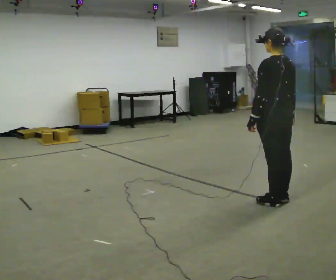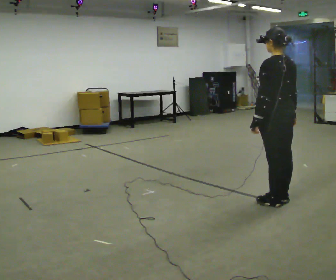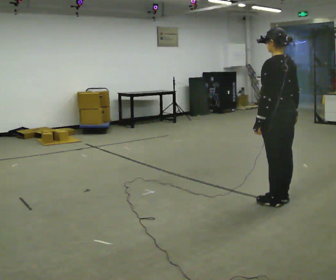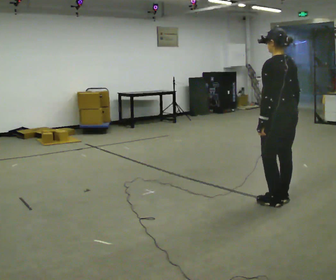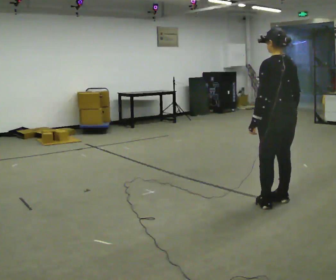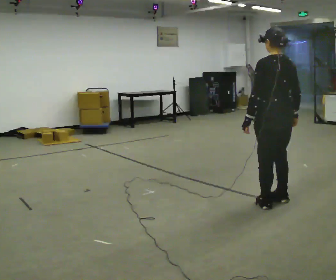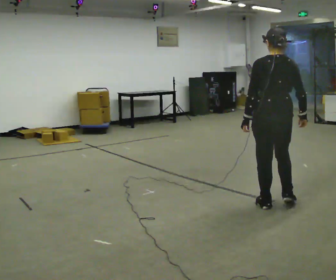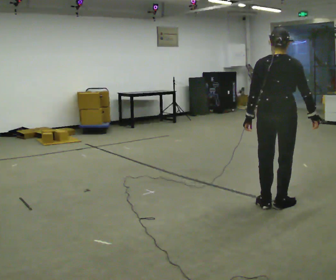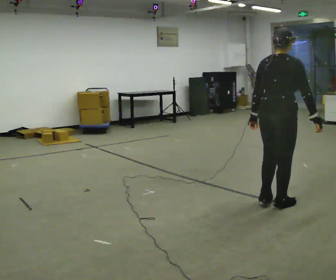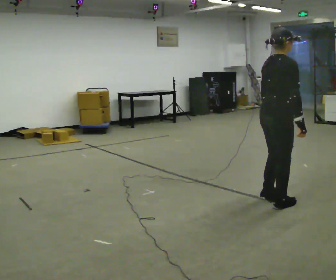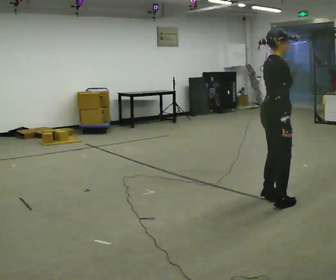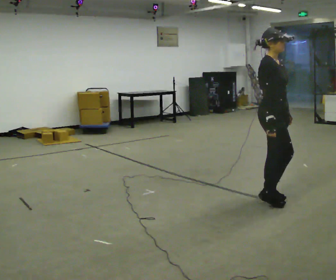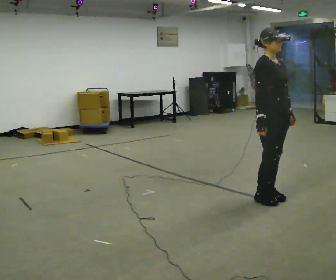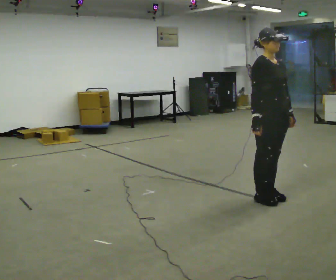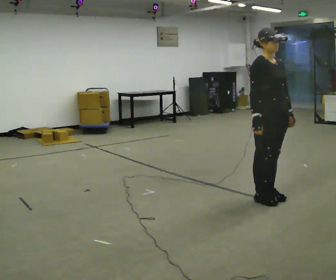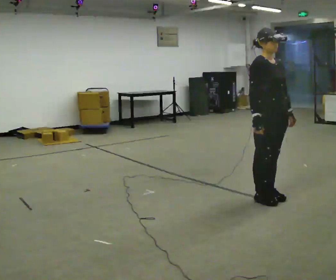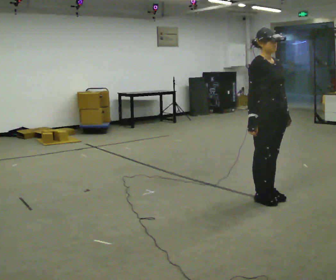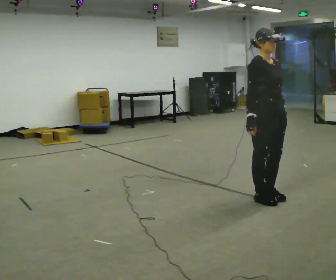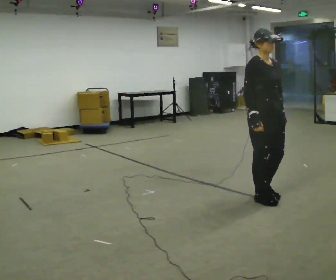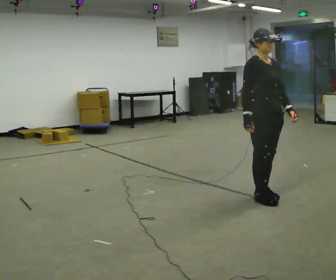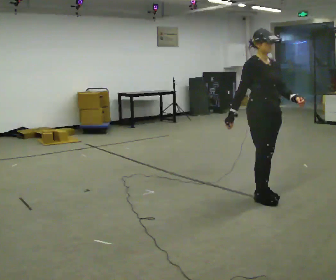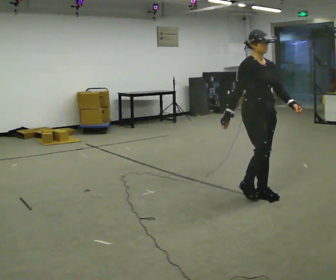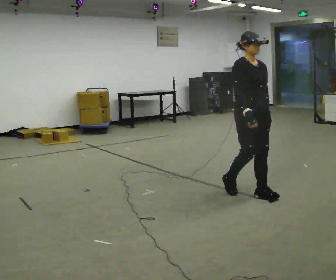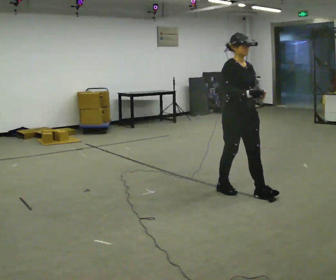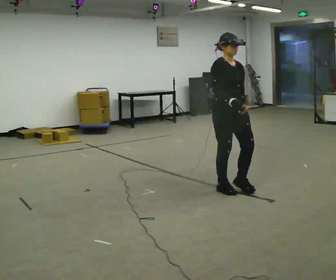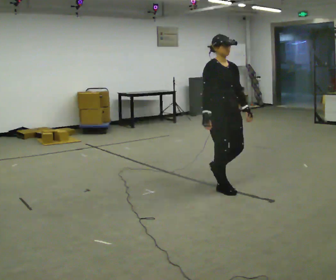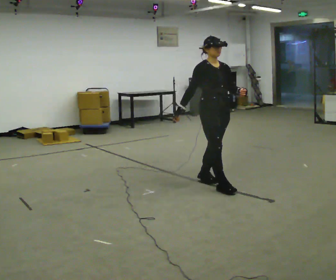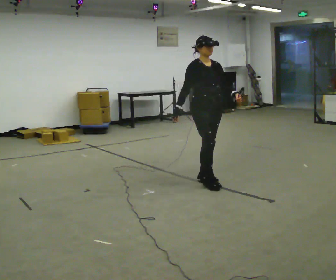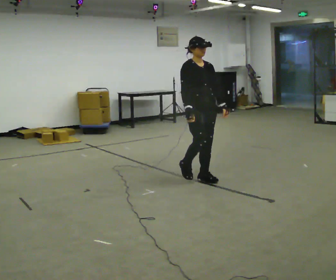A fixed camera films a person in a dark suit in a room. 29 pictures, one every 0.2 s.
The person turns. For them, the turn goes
to their right.
The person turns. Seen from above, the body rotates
clockwise.
0.0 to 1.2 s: The person turns about 30 degrees to their right, clockwise seen from above, so the part of the body nearest the lens slides to the left.
1.2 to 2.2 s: Seen from above the body turns clockwise, about 120 degrees: to their right, with its near side sliding to the left. In the picture they go away from the camera, about 0.25 m in 2 steps.
2.2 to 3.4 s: The person moves a little, or ends about where they began.
3.4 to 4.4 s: In the picture they go away from the camera, about 0.25 m in 1 step, which for them is backward.
4.4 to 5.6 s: In the picture they go to the left and away from the camera, about 1 m in 2 steps, which for them is backward.
The film runs backward here.
